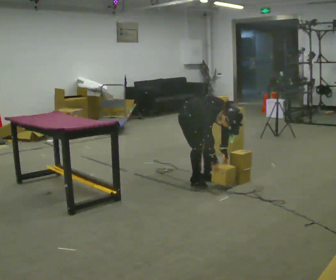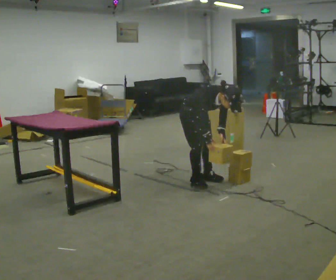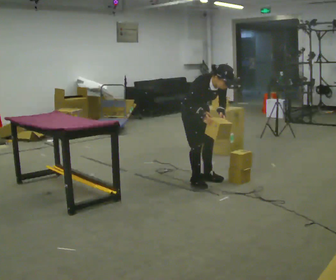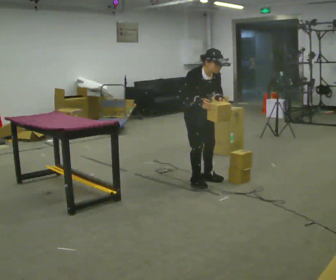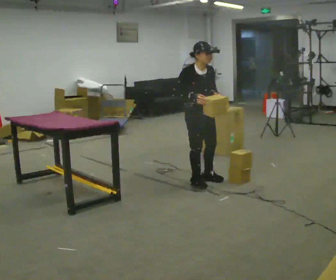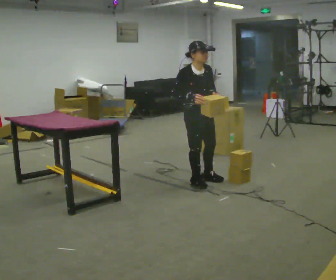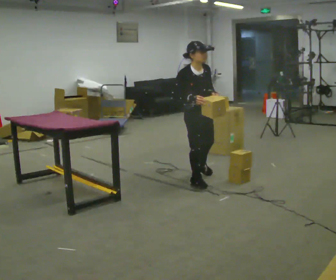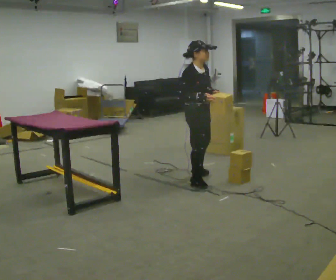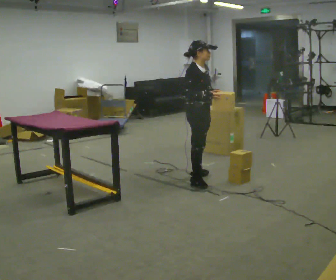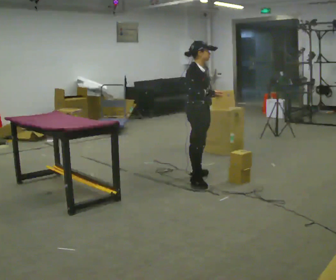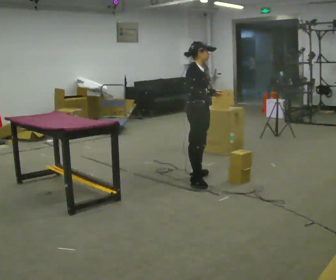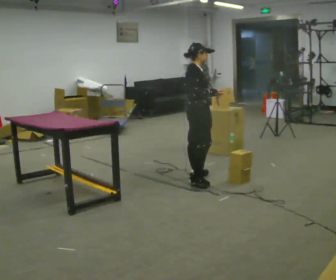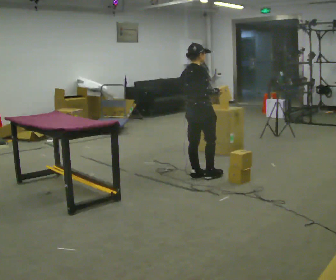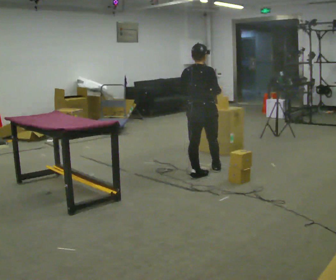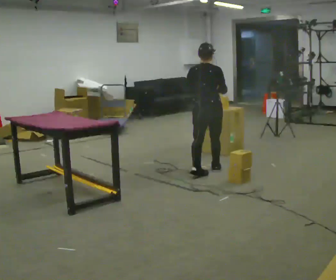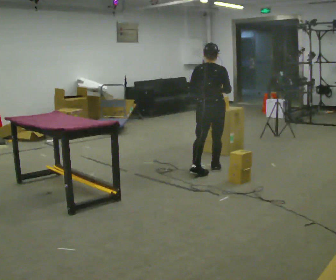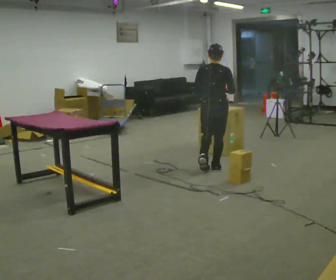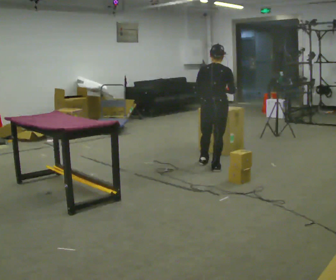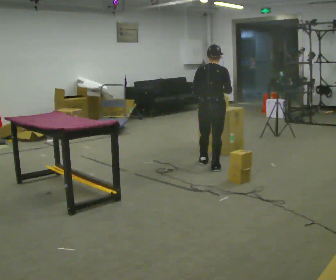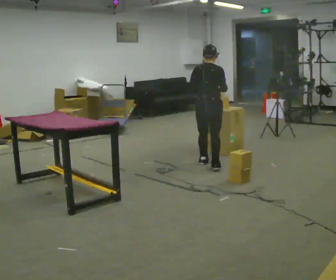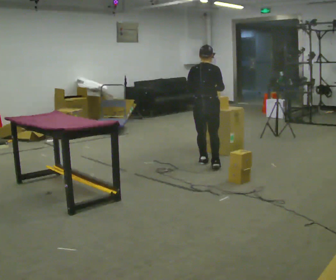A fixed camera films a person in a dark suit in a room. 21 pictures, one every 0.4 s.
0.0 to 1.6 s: The upper body goes upward. In the picture the upper body tilts counterclockwise, shoulders to the left, as they lean back or straighten. In the picture their right hand goes upward.
1.6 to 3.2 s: Seen from above the body turns counterclockwise, about 45 degrees: to their left, with its near side sliding to the right.
3.2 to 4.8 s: Seen from above the body turns counterclockwise, about 45 degrees: to their left, with its near side sliding to the right. In the picture they go away from the camera, about 0.25 m, which for them is to their left.
4.8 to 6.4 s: Seen from above the body turns counterclockwise, about 45 degrees: to their left, with its near side sliding to the right. In the picture they go away from the camera and to the right, about 0.25 m in 1 step, which for them is forward and to their right.
6.4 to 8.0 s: In the picture they go away from the camera, about 0.25 m in 1 step, which for them is forward and to their left.
The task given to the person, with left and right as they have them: 1. The operator will tell you the shelf is already sorted and just needs moving to the table. 2. Do what you think is right. 3. Tell the operator when you are finished.
The film runs forward here.
